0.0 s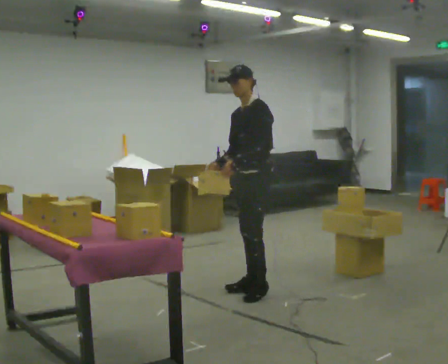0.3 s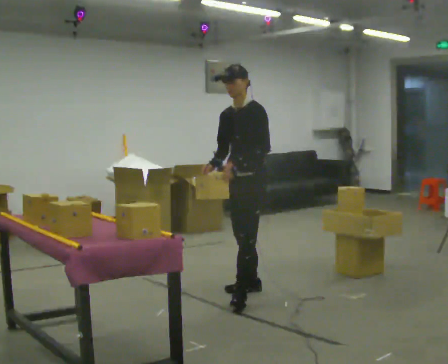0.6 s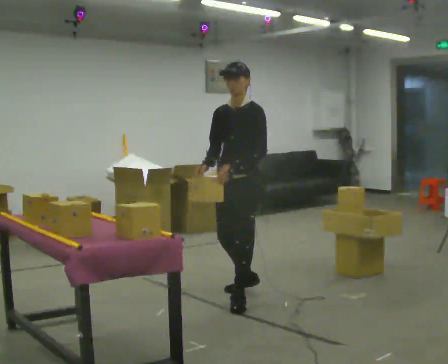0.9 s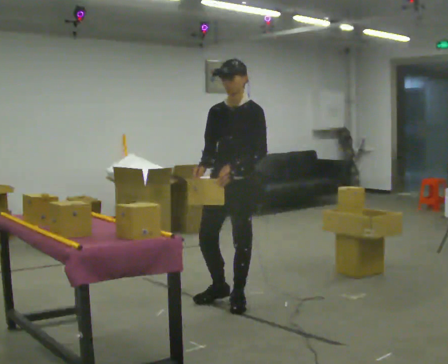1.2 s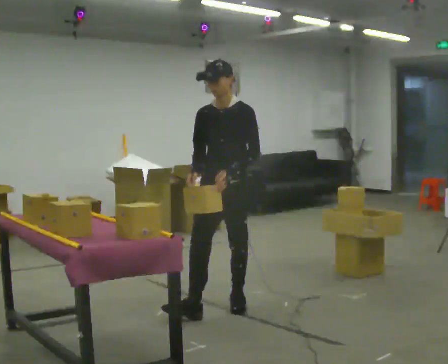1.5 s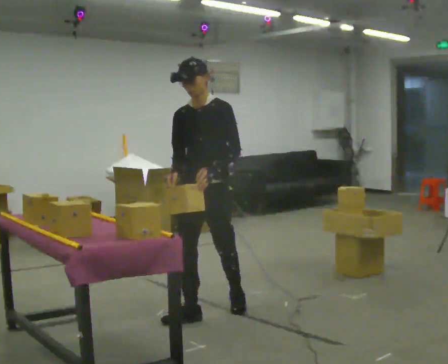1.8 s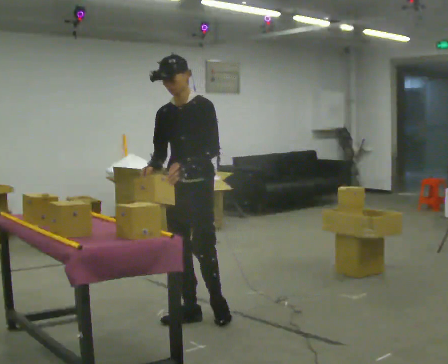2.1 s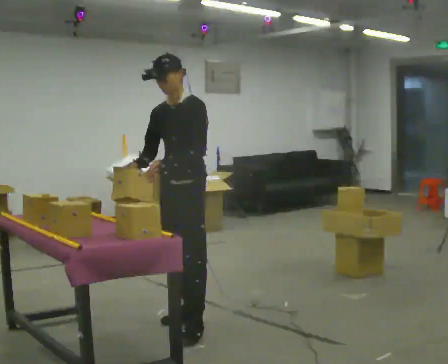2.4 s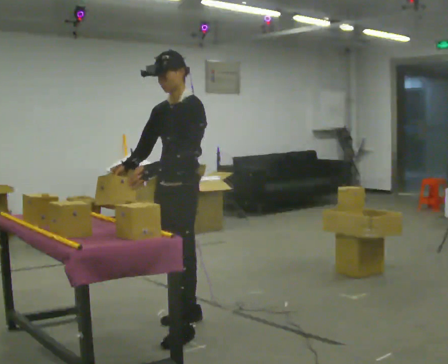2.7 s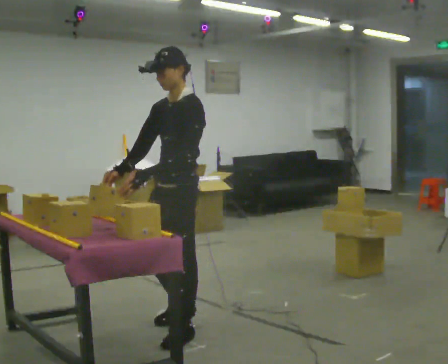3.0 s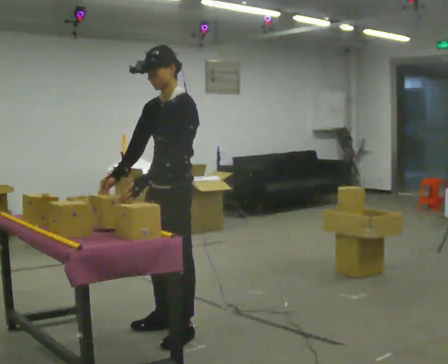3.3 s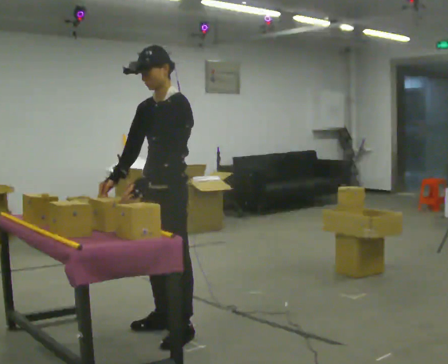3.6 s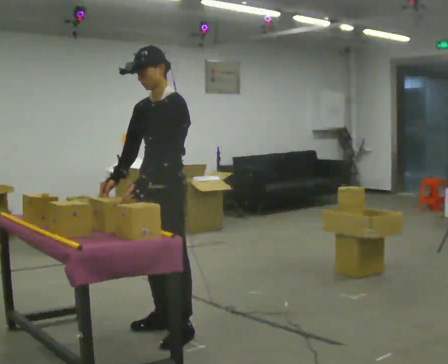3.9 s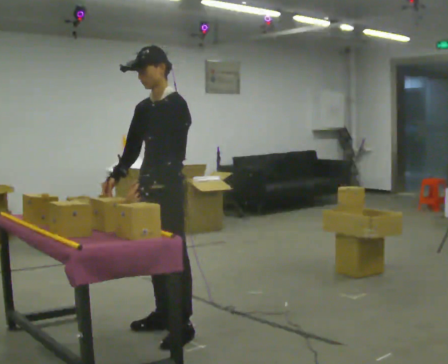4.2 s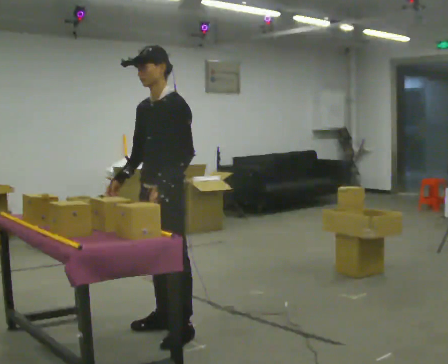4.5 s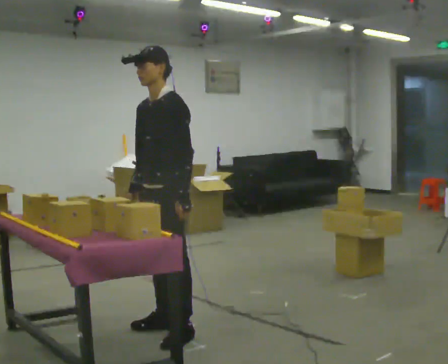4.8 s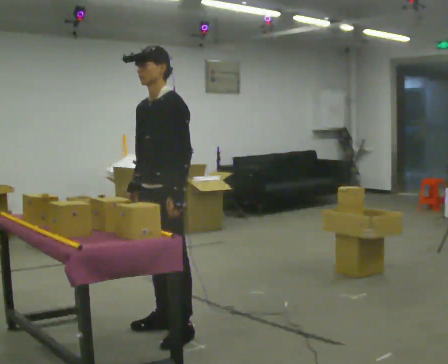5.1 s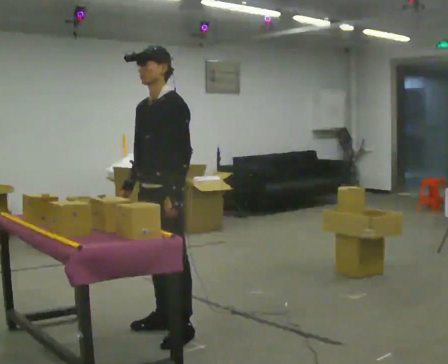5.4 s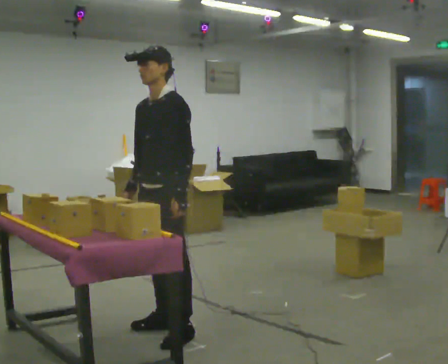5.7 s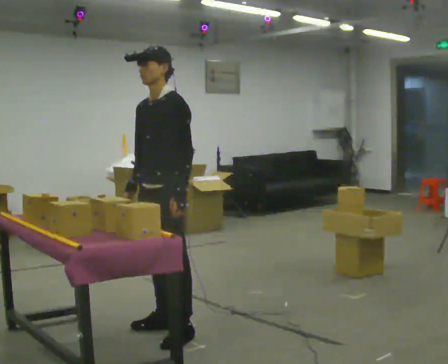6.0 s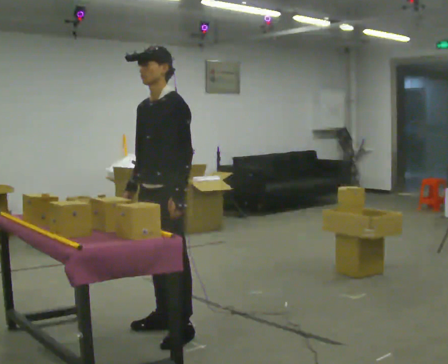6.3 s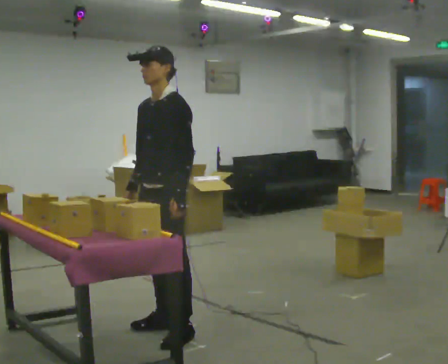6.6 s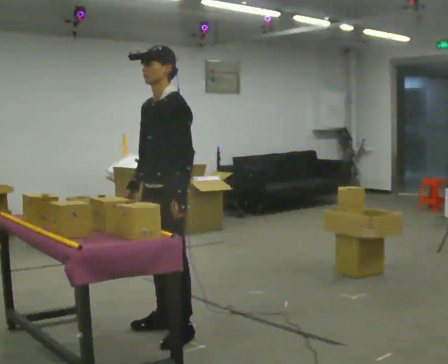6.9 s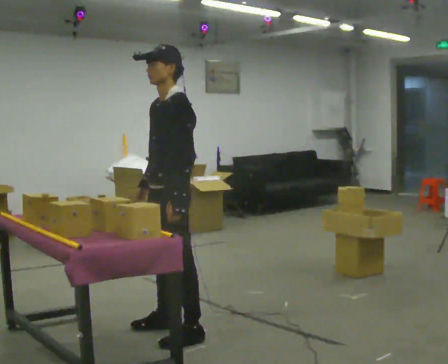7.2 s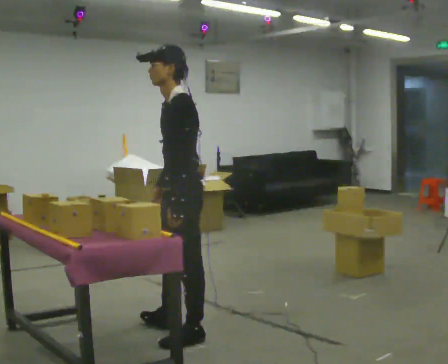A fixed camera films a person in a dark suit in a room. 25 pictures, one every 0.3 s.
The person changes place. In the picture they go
toward the camera.
0.0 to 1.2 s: Seen from above the body turns counterclockwise, about 30 degrees: to their left, with its near side sliding to the right. In the picture they go toward the camera and to the left, about 0.5 m in 1 step, which for them is forward.
1.2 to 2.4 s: In the picture they go toward the camera and to the left, about 0.5 m in 2 steps, which for them is forward.
2.4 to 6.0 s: The person moves a little, or ends about where they began.
6.0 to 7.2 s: The person turns about 30 degrees to their right, clockwise seen from above, so the part of the body nearest the lens slides to the left.
The film runs forward here.
